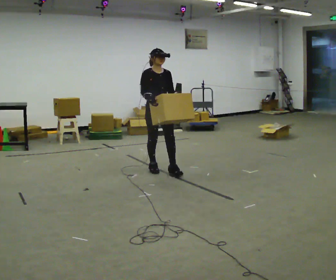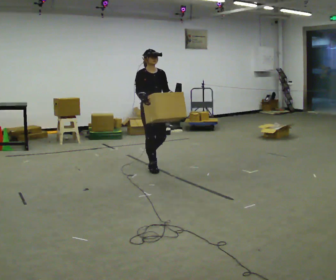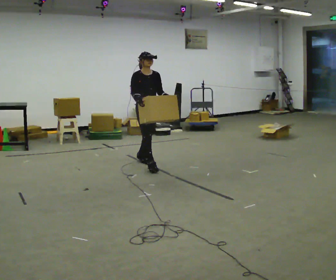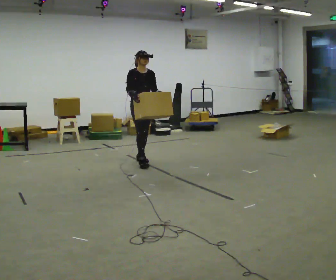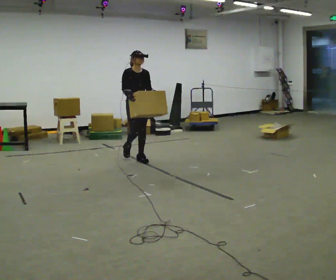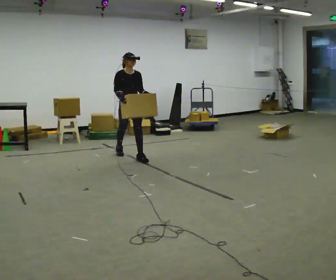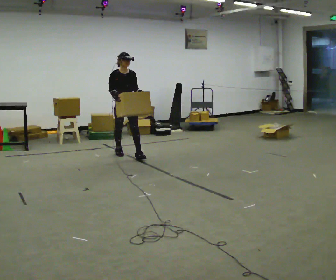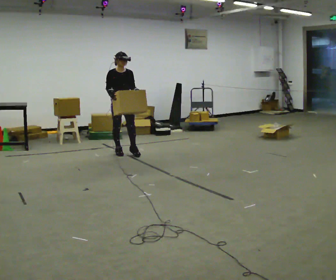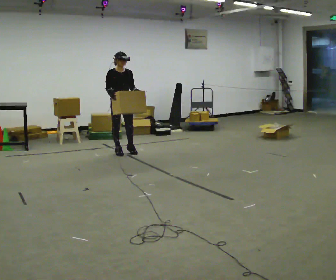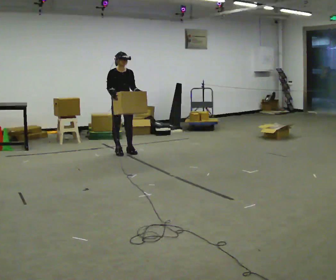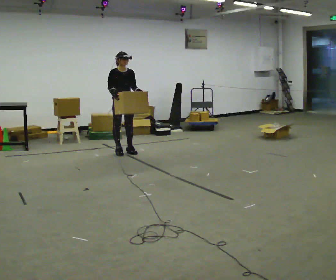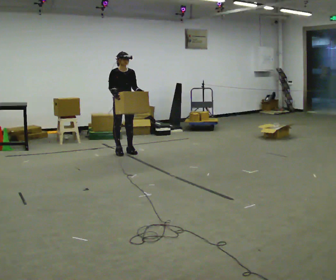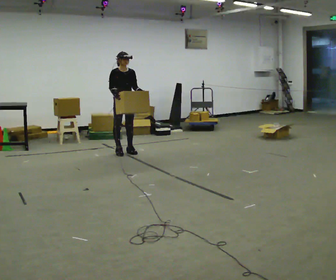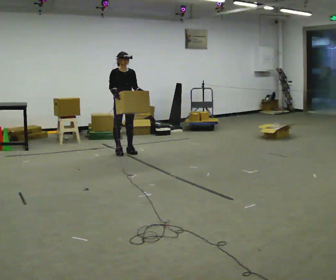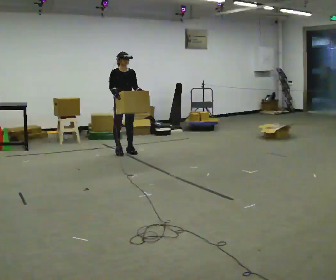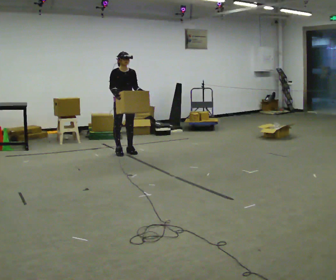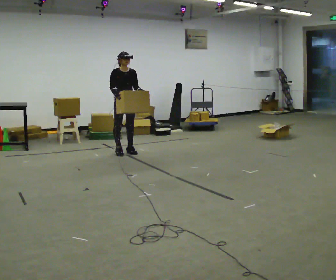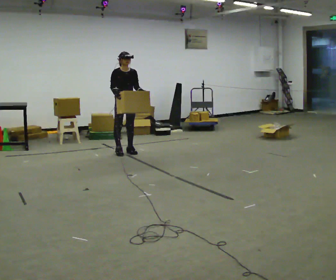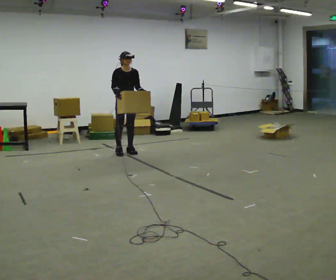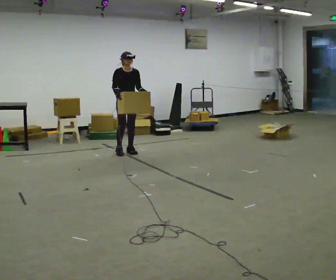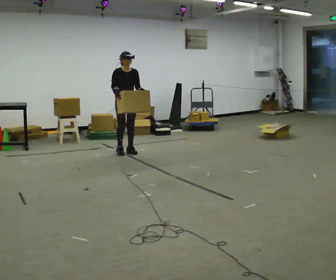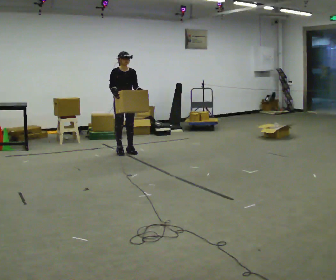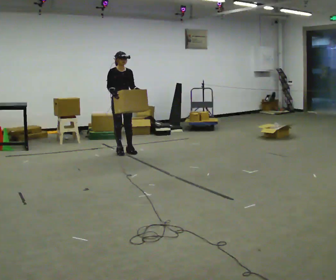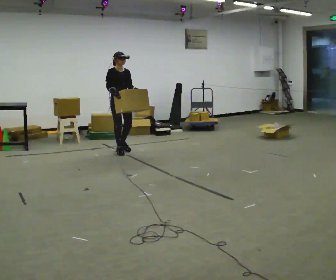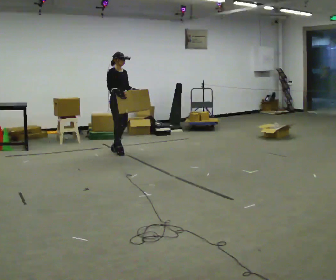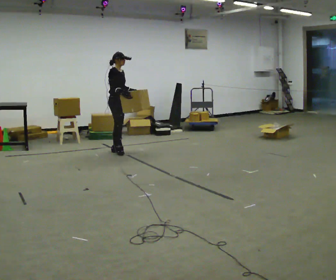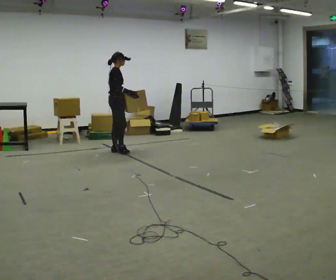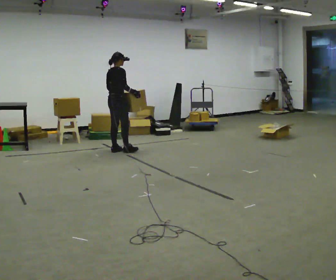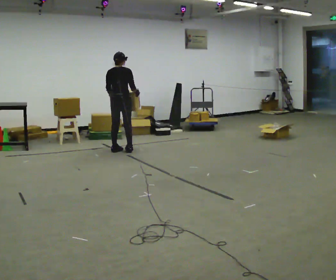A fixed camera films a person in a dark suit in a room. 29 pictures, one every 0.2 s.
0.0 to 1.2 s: In the picture they go away from the camera and to the left, about 1 m in 2 steps, which for them is backward.
1.2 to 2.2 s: In the picture they go away from the camera, about 0.25 m, which for them is backward.
2.2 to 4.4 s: The person moves a little, or ends about where they began.
4.4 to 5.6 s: Seen from above the body turns counterclockwise, about 135 degrees: to their left, with its near side sliding to the right. In the picture their right hand goes to the right.
The film runs backward here.
